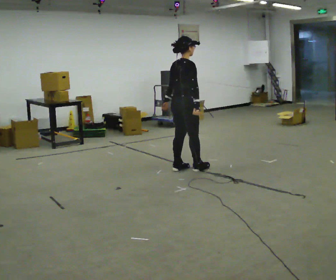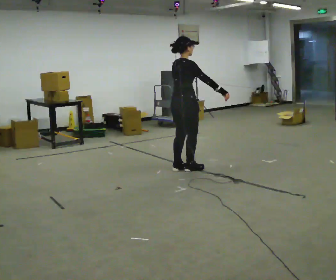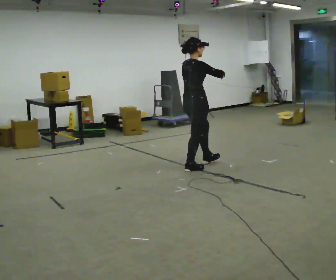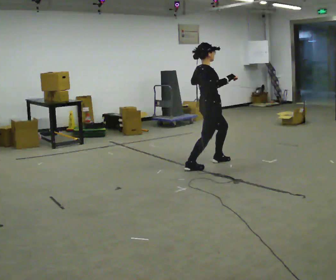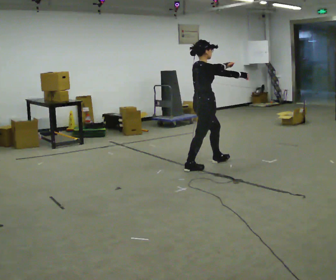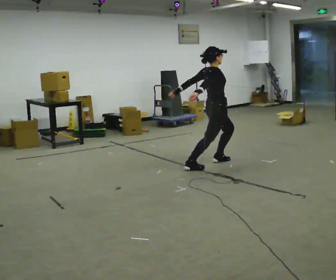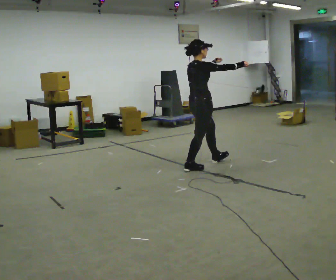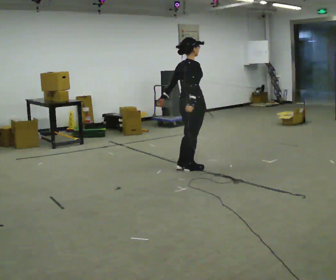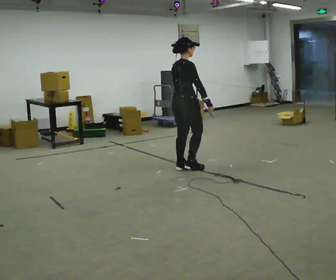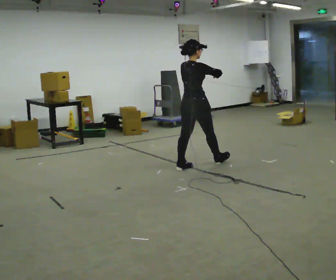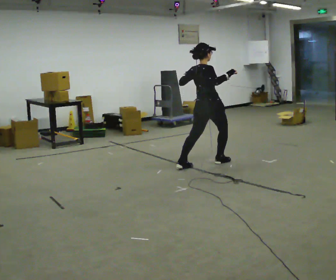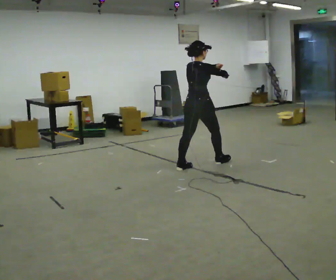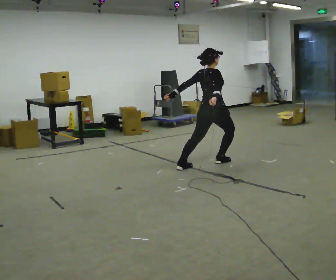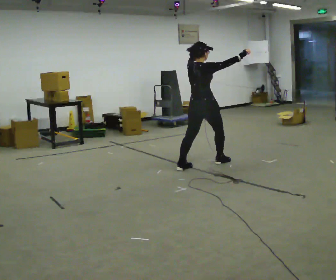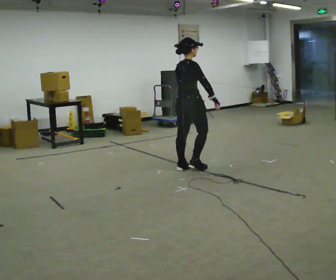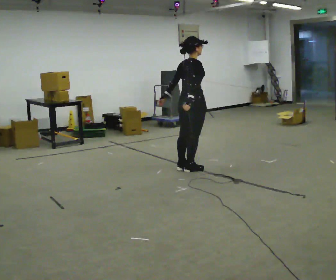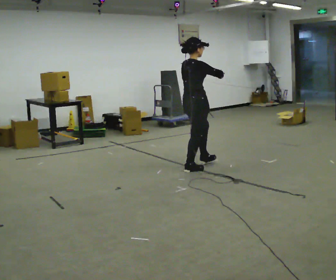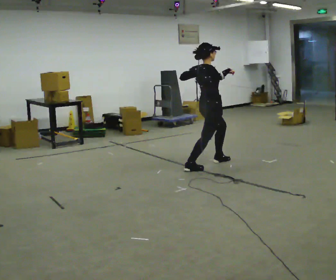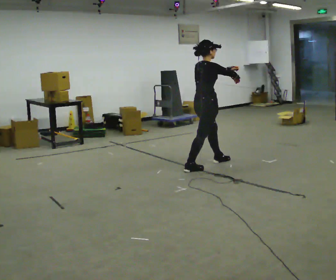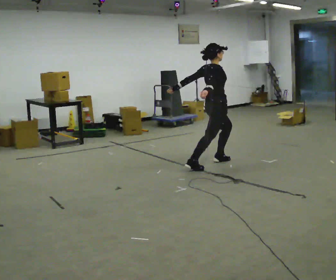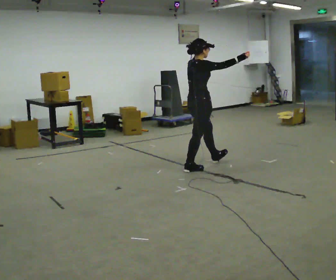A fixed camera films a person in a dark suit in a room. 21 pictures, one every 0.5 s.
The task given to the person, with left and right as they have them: Dance freely at a fast tempo as if to upbeat music; keep moving continuously.
0.0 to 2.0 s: In the picture they go to the right and away from the camera, about 0.25 m in 1 step, which for them is forward. In the picture their left hand goes upward.
2.0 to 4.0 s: In the picture they go to the left, about 0.25 m in 1 step, which for them is backward. In the picture their left hand goes downward.
4.0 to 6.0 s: In the picture they go to the right and away from the camera, about 0.5 m in 1 step, which for them is forward.
6.0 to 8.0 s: In the picture they go toward the camera and to the left, about 0.25 m in 1 step, which for them is backward. In the picture their left hand goes upward.
8.0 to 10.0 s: The person moves a little, or ends about where they began.
The film runs forward here.
